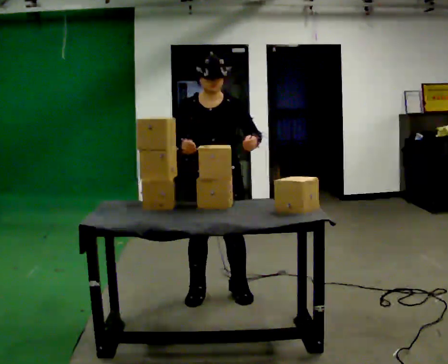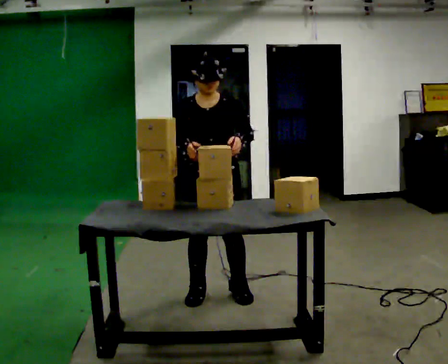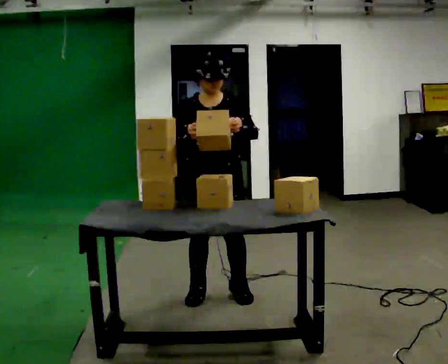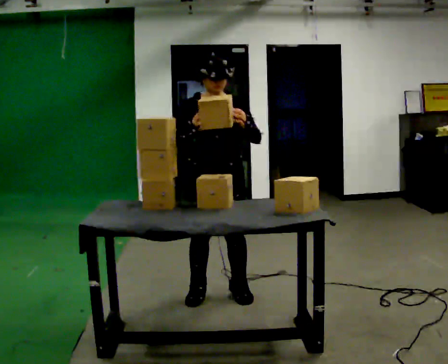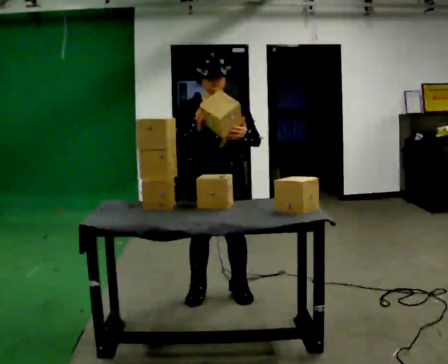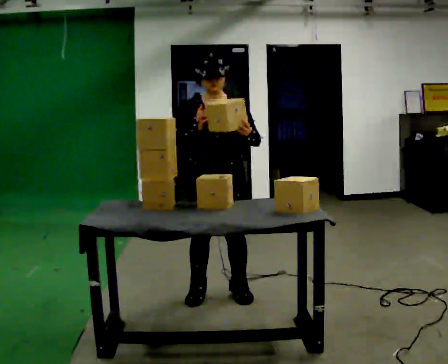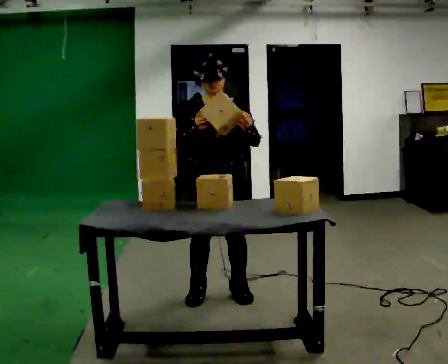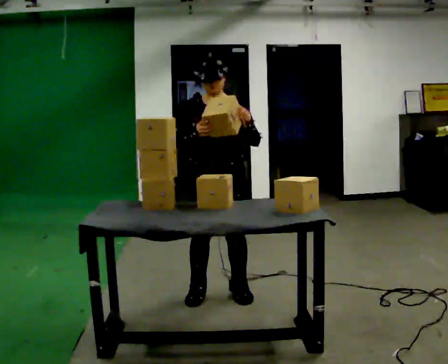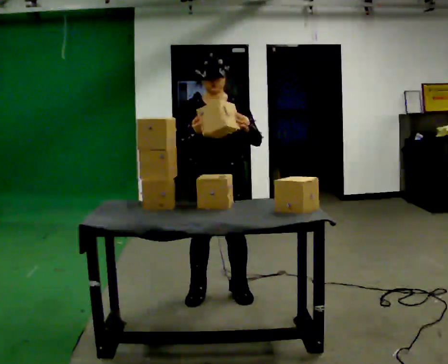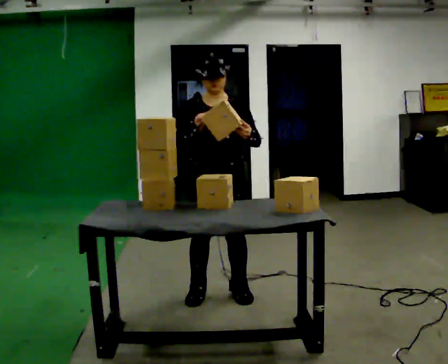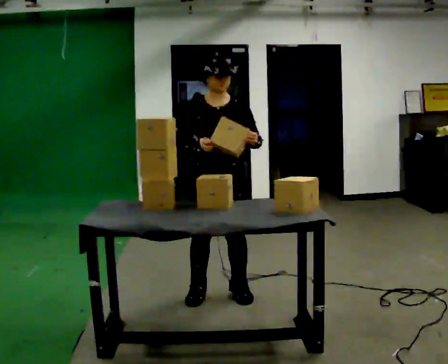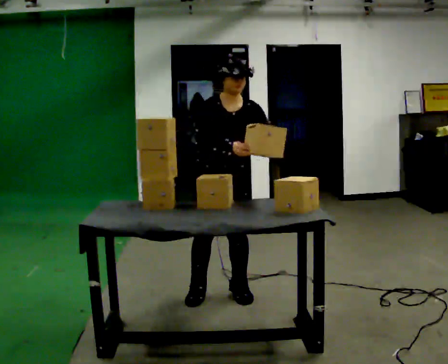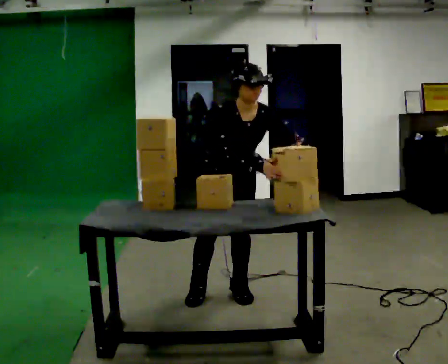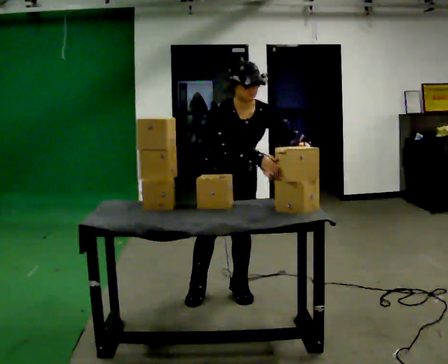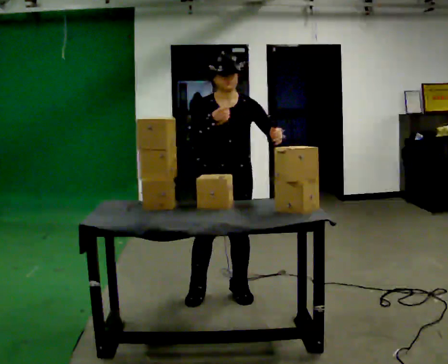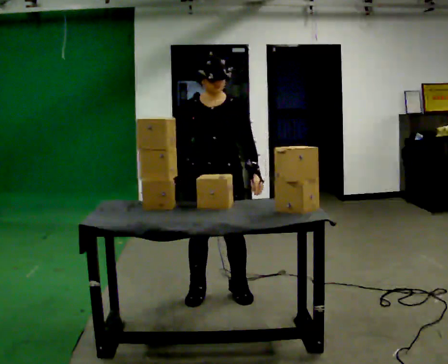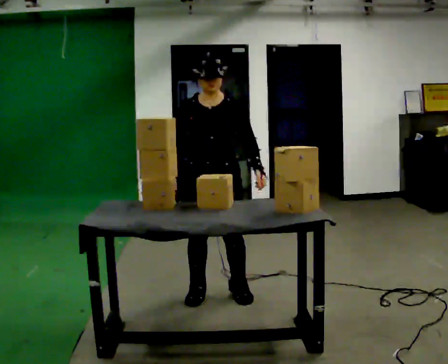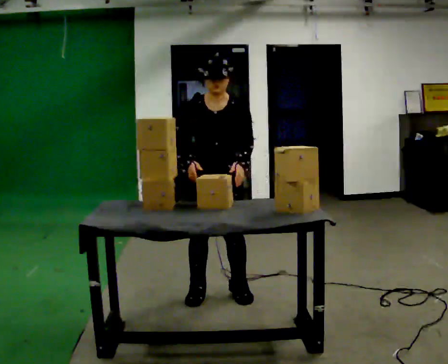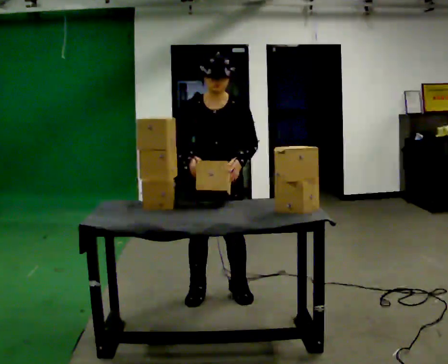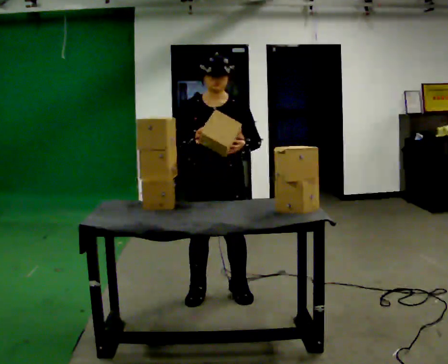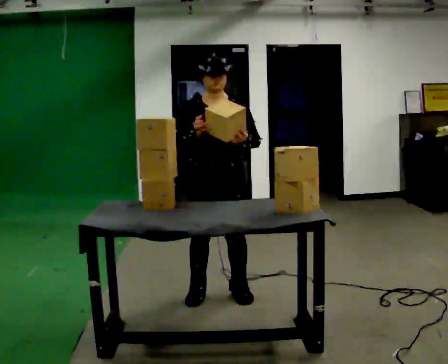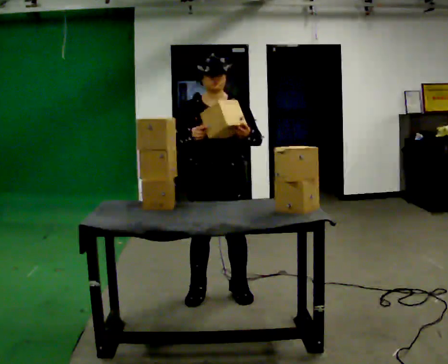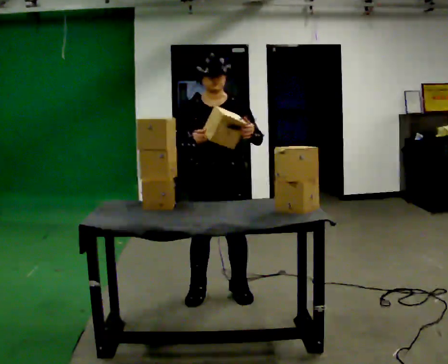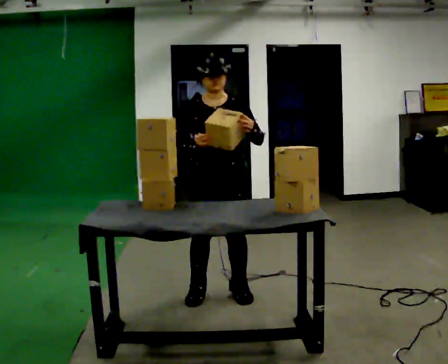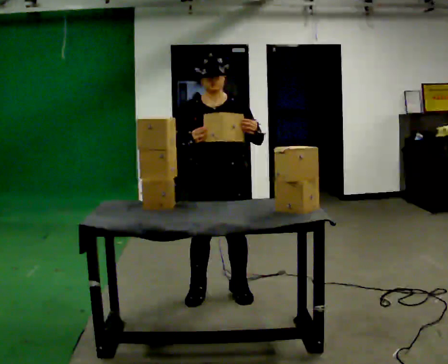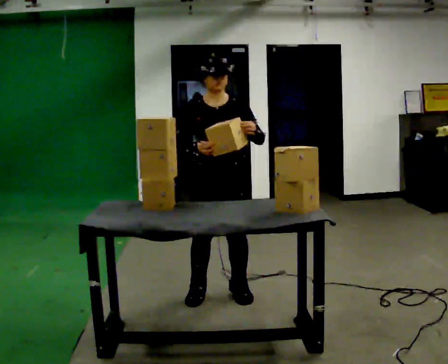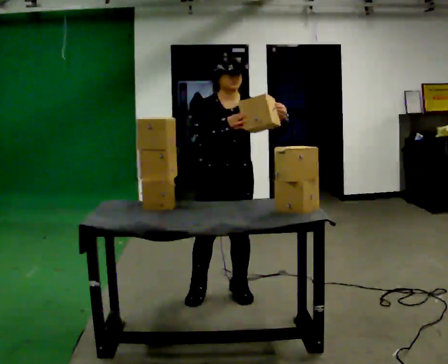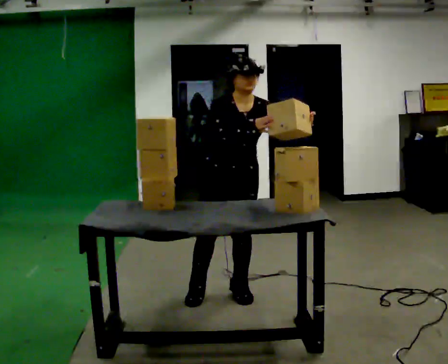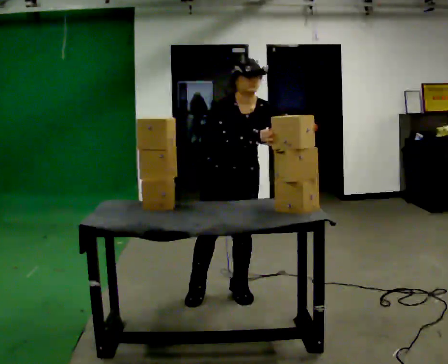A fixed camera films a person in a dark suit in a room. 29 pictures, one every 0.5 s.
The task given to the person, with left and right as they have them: Hold the box, turn it so you can read the label, and read it out loud. Then swap to the next box. Repeat at your own pace until the operator says stop. Keep both feet on the marked spots for the whole take. If you have to step, stop and tell the operator.
0.0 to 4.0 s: The person moves a little, or ends about where they began.
4.0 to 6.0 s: The upper body tips toward the camera, its near side rolling downward, as they bend forward. In the picture their right hand goes to the right.
6.0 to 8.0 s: The upper body tips away from the camera, its near side rolling upward, as they lean back or straighten. In the picture their right hand goes to the left.
8.0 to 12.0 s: The person moves a little, or ends about where they began.
12.0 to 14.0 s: The upper body tips toward the camera, its near side rolling downward, as they bend forward. In the picture their right hand goes to the right.
The film runs forward here.
